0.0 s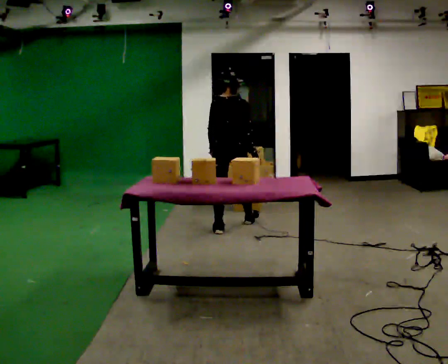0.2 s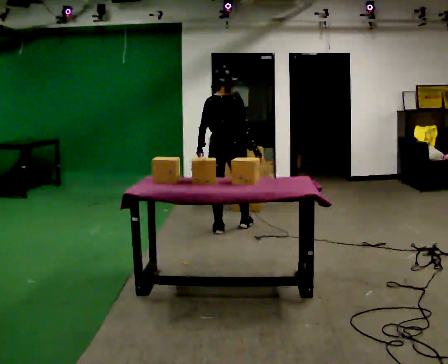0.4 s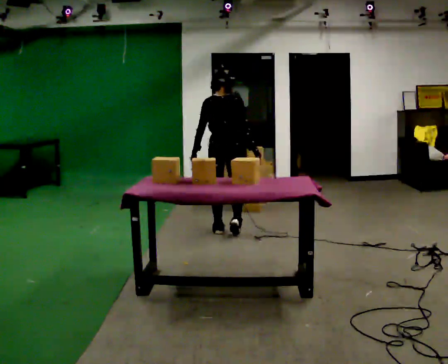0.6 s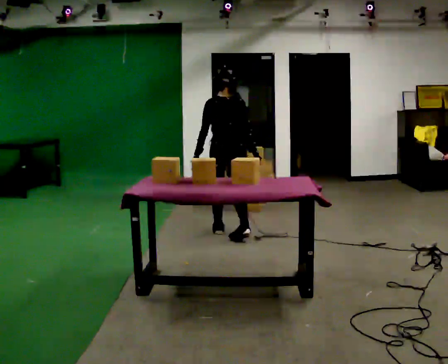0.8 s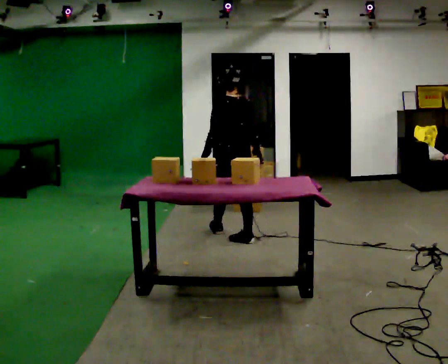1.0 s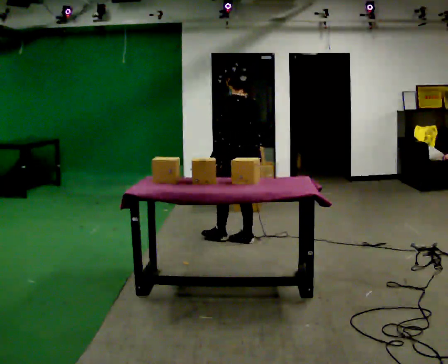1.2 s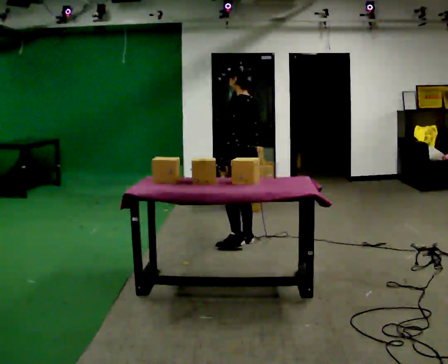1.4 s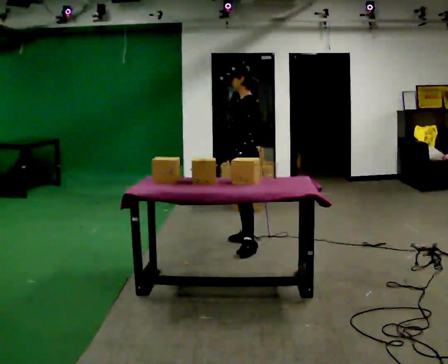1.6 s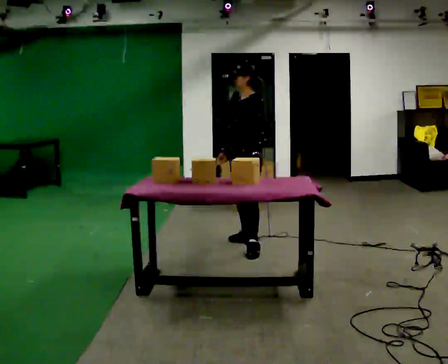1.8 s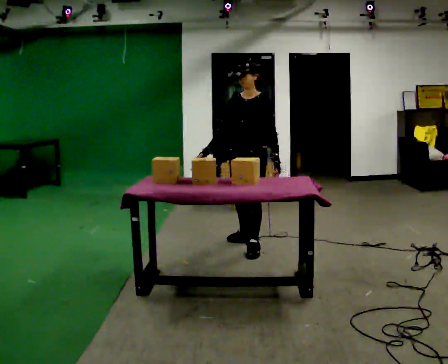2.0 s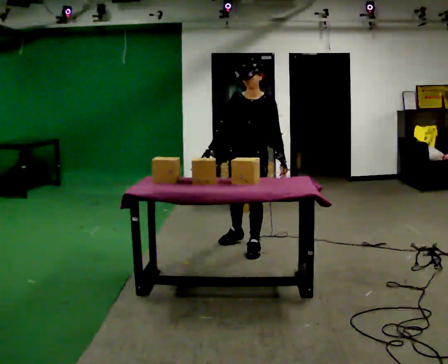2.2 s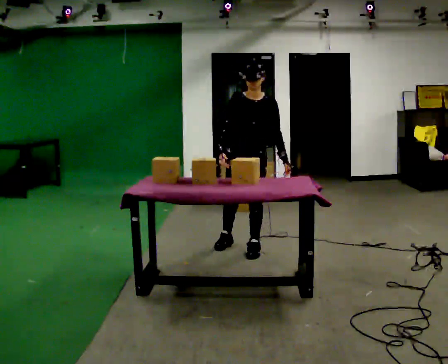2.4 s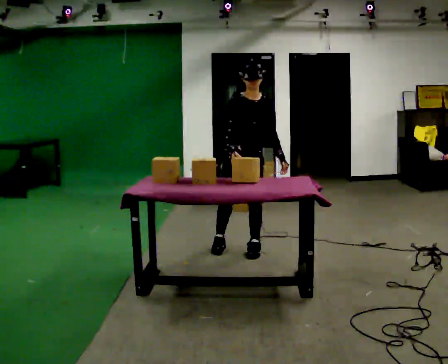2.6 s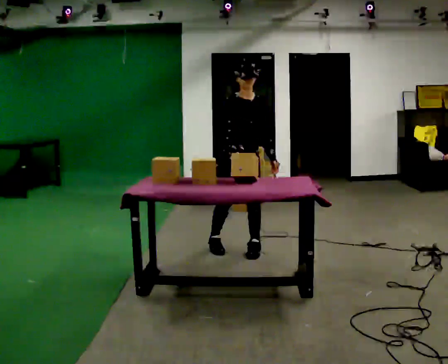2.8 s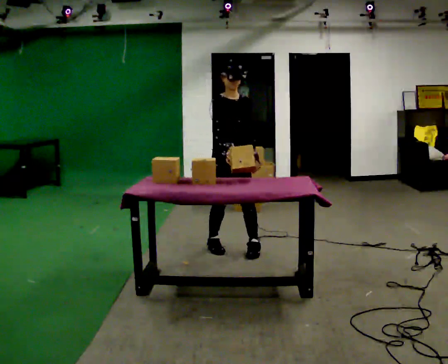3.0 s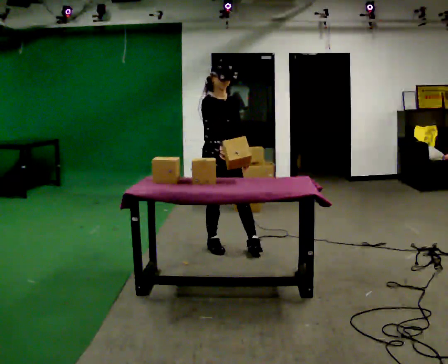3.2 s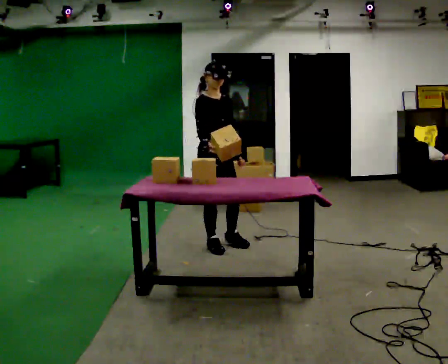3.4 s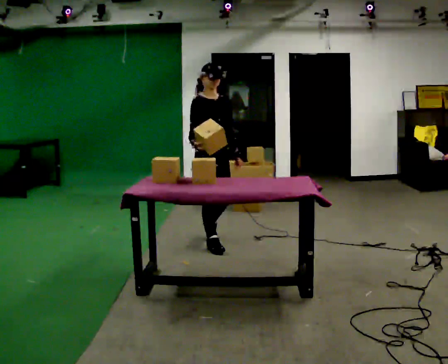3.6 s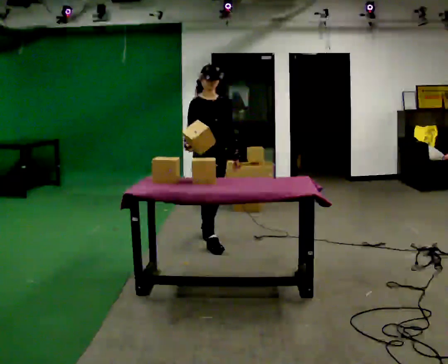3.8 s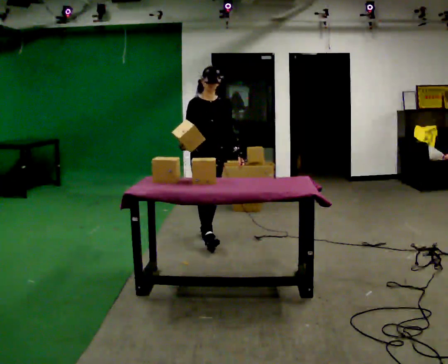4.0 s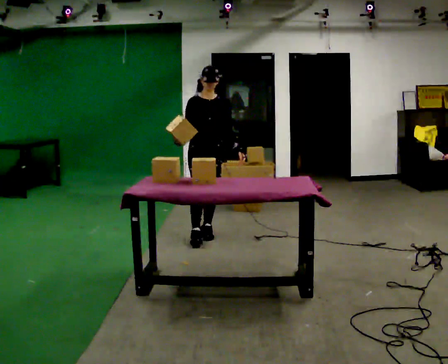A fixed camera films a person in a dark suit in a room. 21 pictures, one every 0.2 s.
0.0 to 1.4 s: The person turns about 105 degrees to their left, counterclockwise seen from above, so the part of the body nearest the lens slides to the right. In the picture they go toward the camera and to the right, about 0.5 m in 2 steps.
1.4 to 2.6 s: Seen from above the body turns counterclockwise, about 105 degrees: to their left, with its near side sliding to the right. In the picture they go toward the camera, about 0.25 m in 1 step.
2.6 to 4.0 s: In the picture they go away from the camera and to the left, about 0.5 m in 2 steps, which for them is backward.
The film runs backward here.
